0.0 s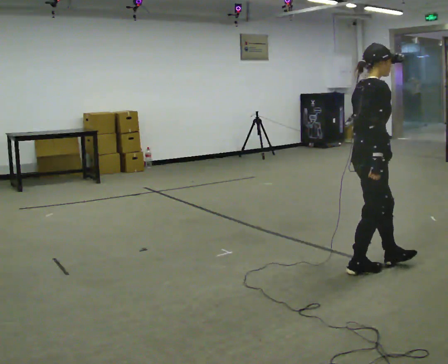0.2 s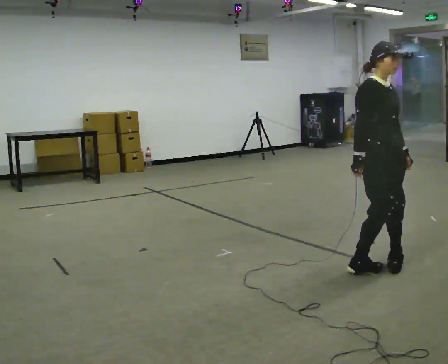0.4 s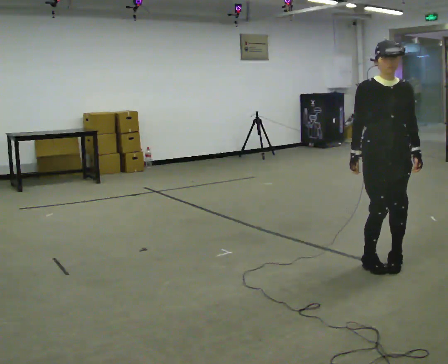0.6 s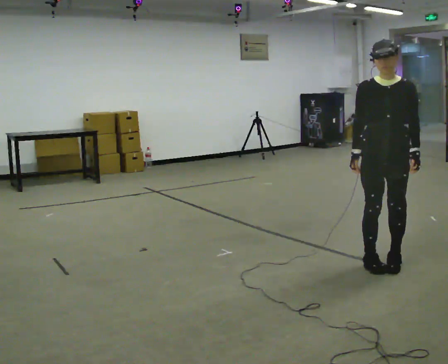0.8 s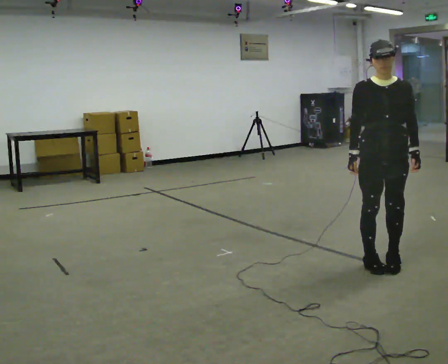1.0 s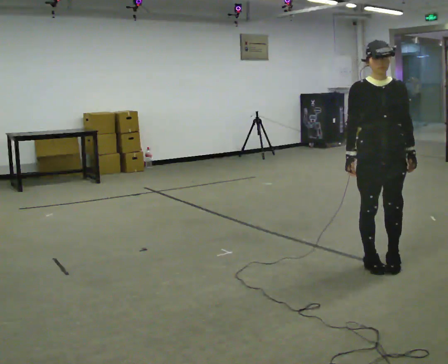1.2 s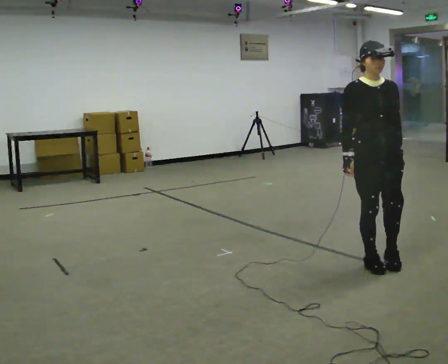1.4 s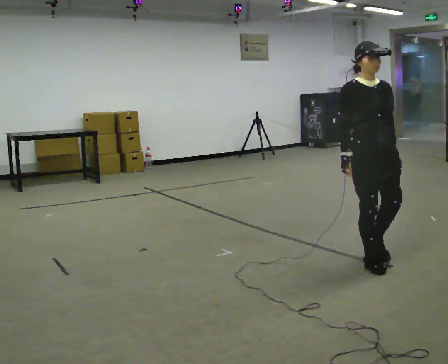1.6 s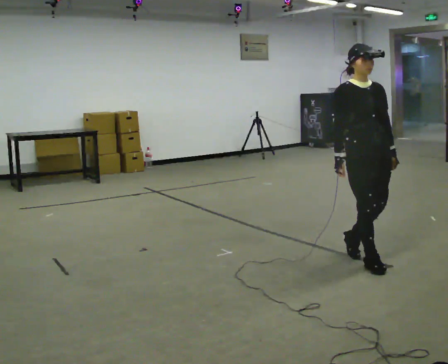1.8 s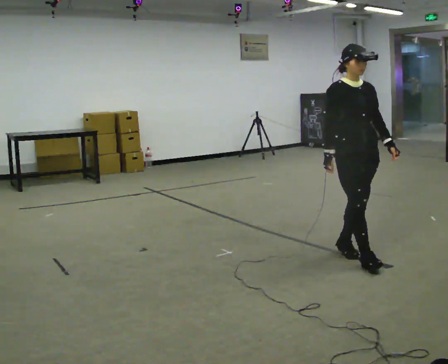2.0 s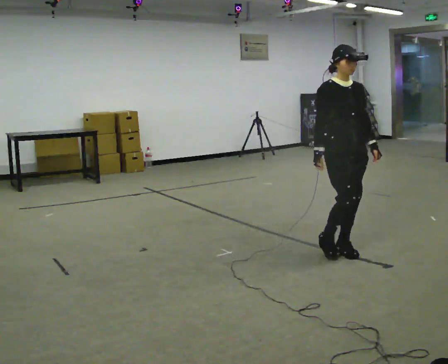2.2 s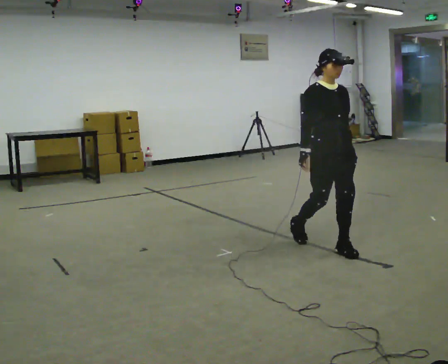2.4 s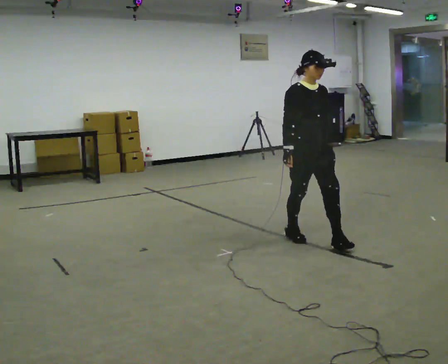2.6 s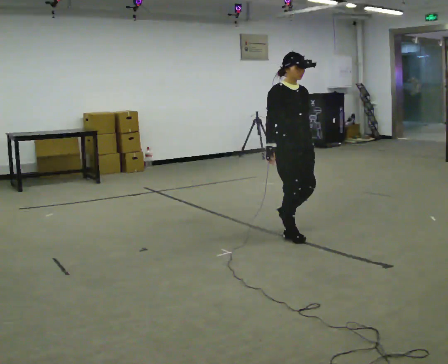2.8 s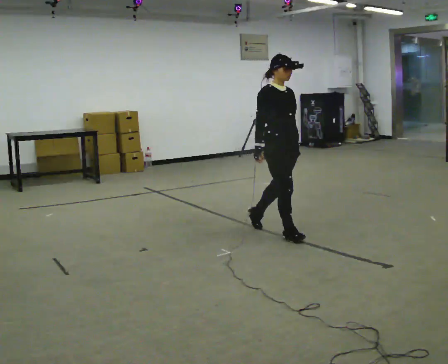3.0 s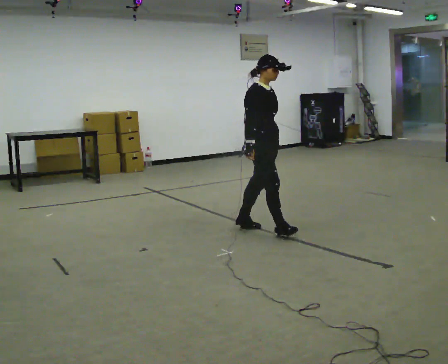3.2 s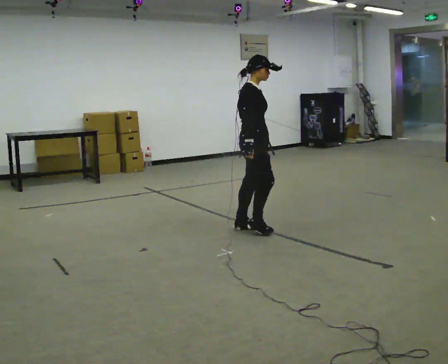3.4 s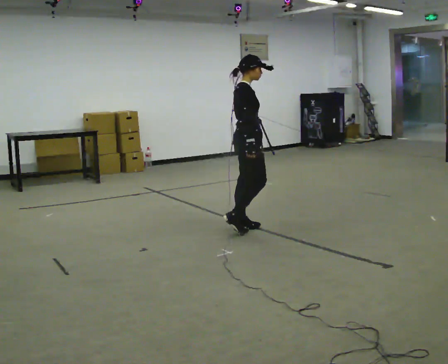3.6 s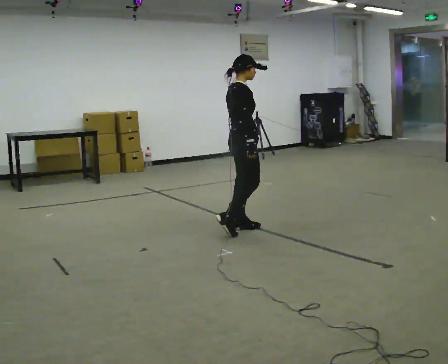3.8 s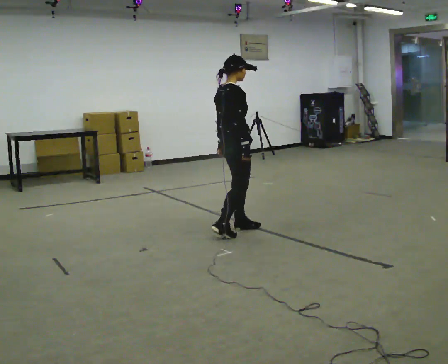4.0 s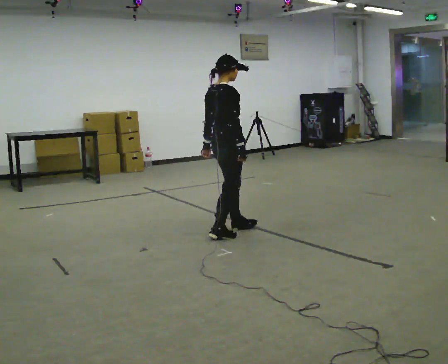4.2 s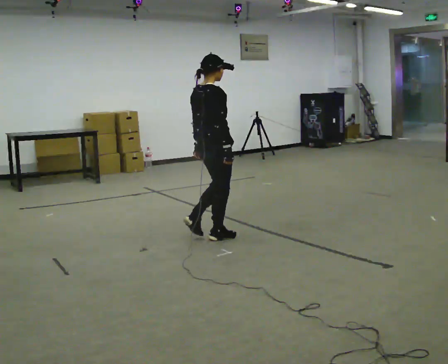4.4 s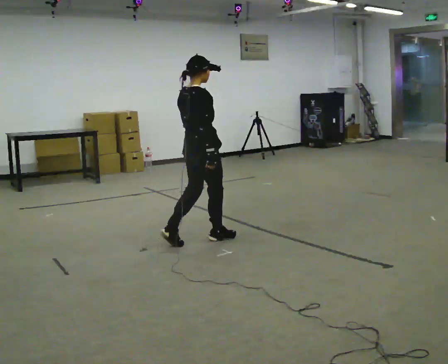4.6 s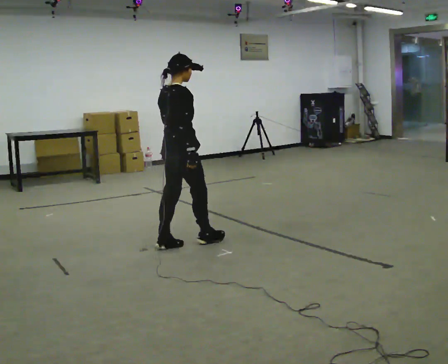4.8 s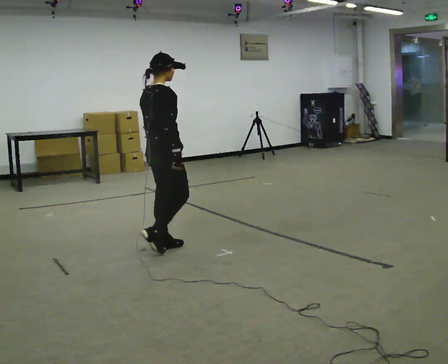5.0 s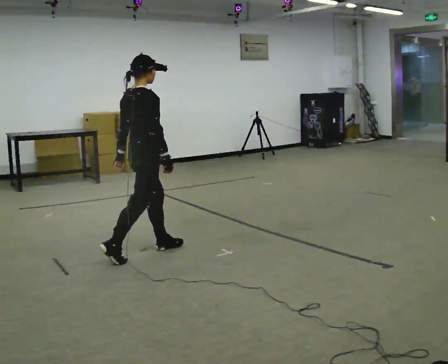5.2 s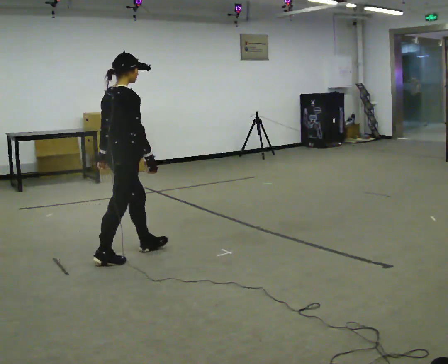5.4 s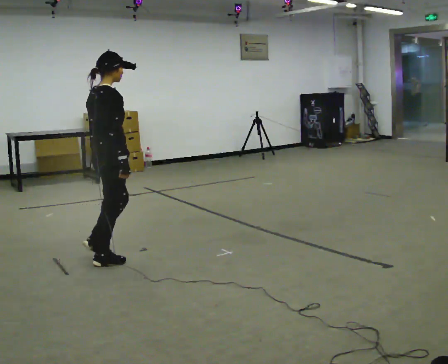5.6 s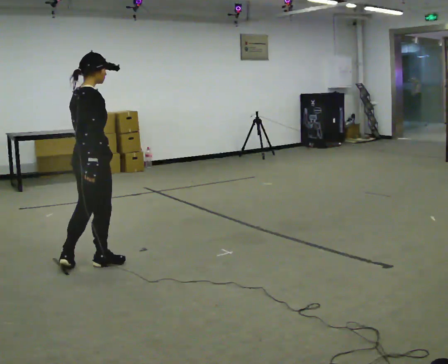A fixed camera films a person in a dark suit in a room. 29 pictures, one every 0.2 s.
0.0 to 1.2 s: The person turns about 90 degrees to their right, clockwise seen from above, so the part of the body nearest the lens slides to the left. In the picture their left hand goes to the right.
1.2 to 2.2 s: In the picture they go away from the camera and to the left, about 0.5 m in 2 steps, which for them is backward.
2.2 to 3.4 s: The person turns about 60 degrees to their left, counterclockwise seen from above, so the part of the body nearest the lens slides to the right. In the picture they go to the left and away from the camera, about 1 m in 2 steps.
3.4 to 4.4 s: The person turns about 30 degrees to their left, counterclockwise seen from above, so the part of the body nearest the lens slides to the right. In the picture they go toward the camera and to the left, about 0.5 m in 1 step, which for them is backward.
4.4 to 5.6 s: In the picture they go to the left and toward the camera, about 1 m in 2 steps, which for them is backward.
The film runs backward here.
